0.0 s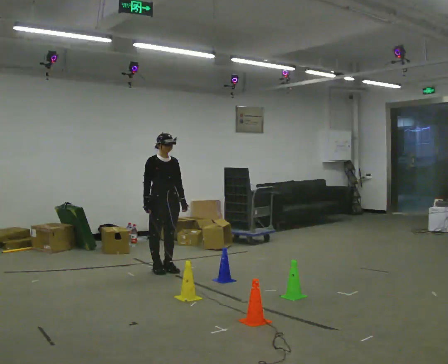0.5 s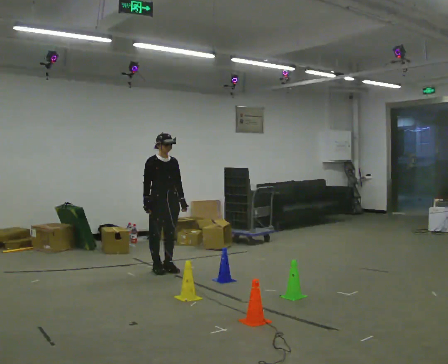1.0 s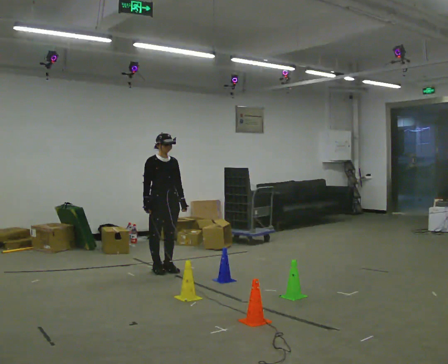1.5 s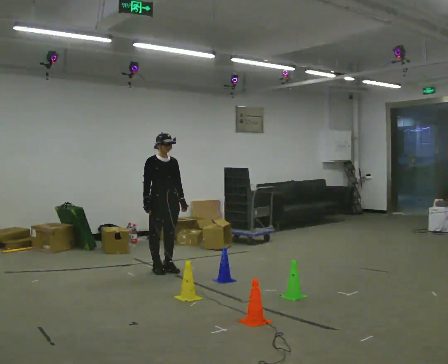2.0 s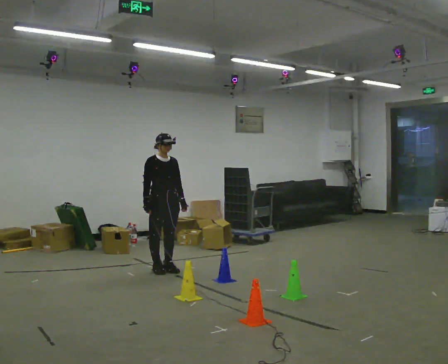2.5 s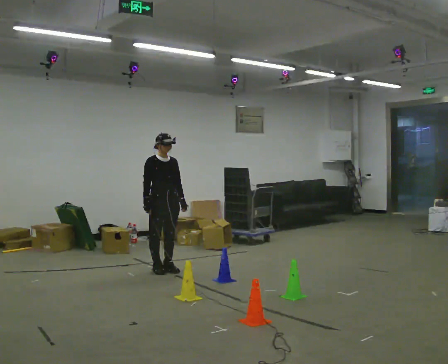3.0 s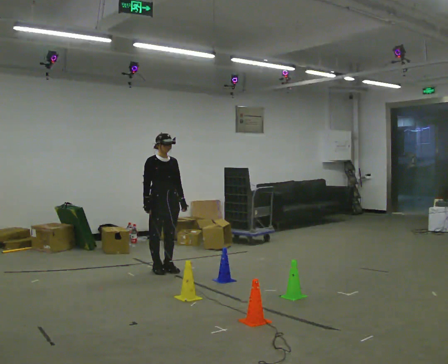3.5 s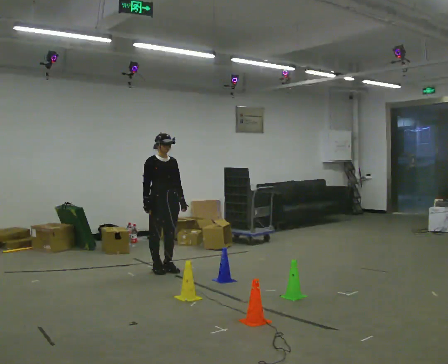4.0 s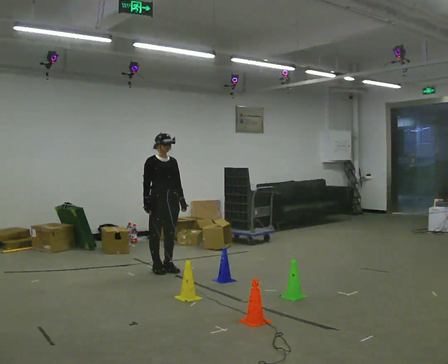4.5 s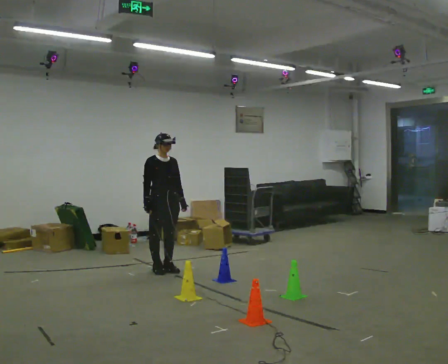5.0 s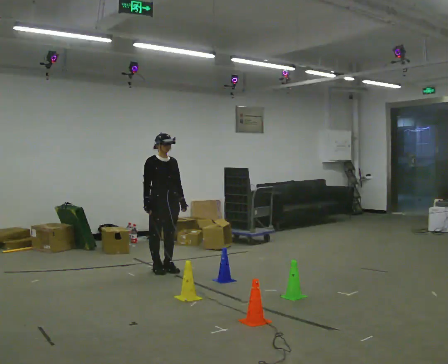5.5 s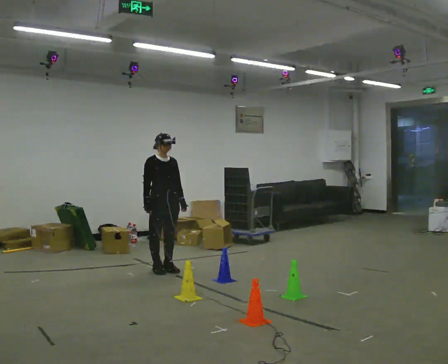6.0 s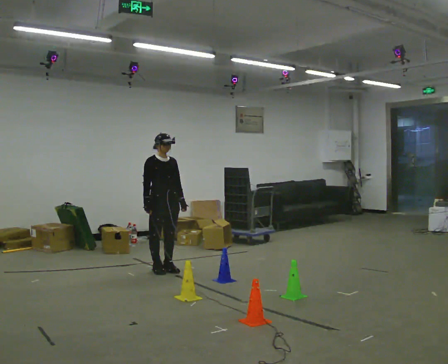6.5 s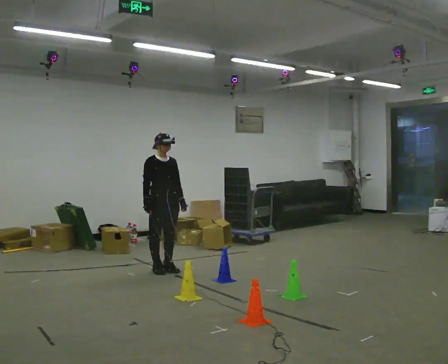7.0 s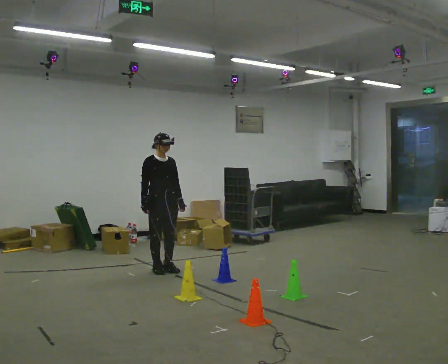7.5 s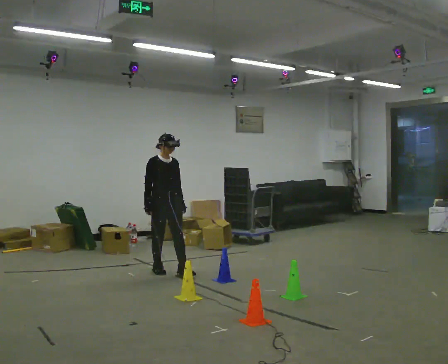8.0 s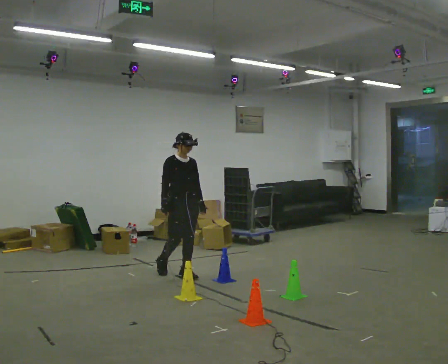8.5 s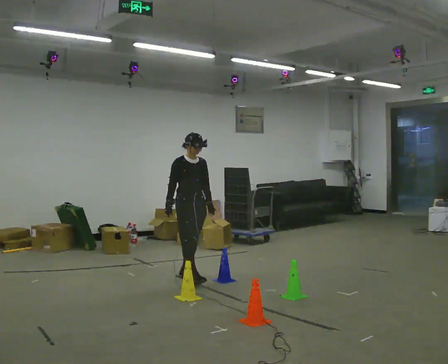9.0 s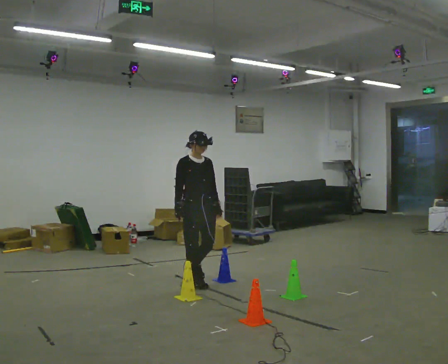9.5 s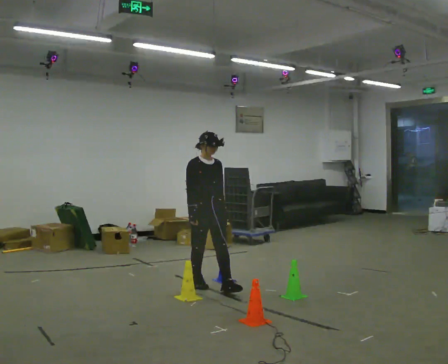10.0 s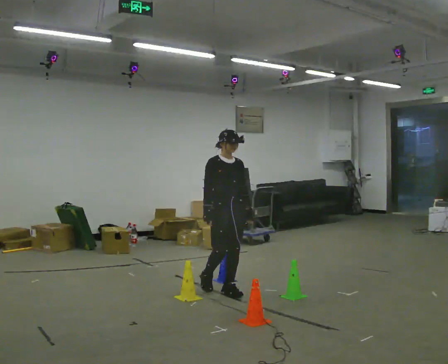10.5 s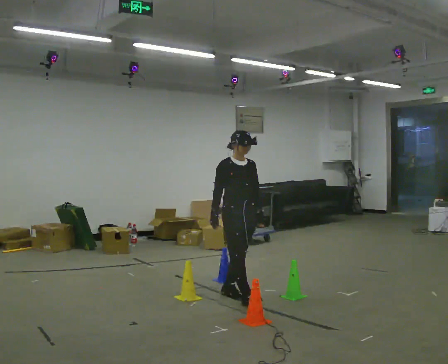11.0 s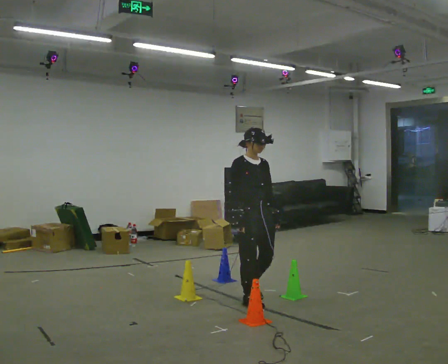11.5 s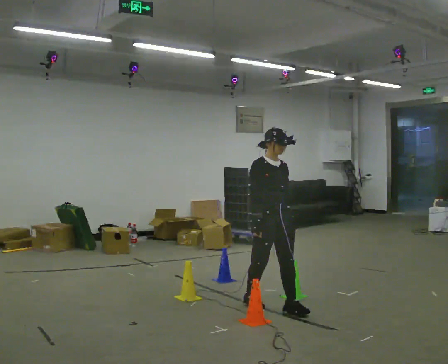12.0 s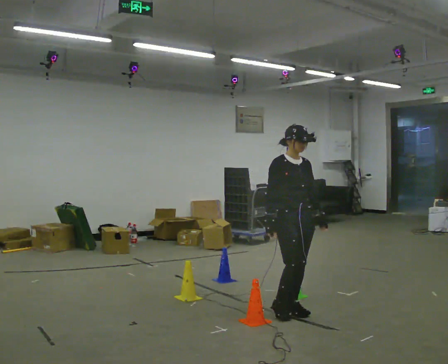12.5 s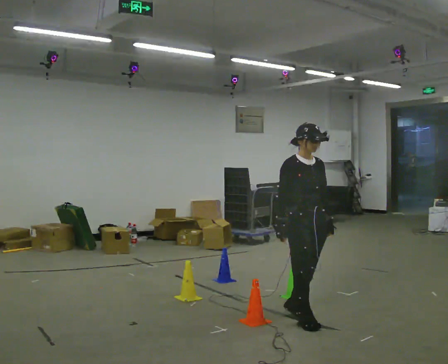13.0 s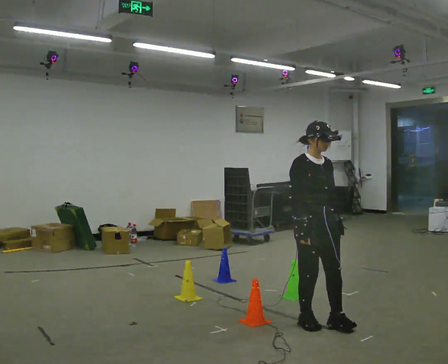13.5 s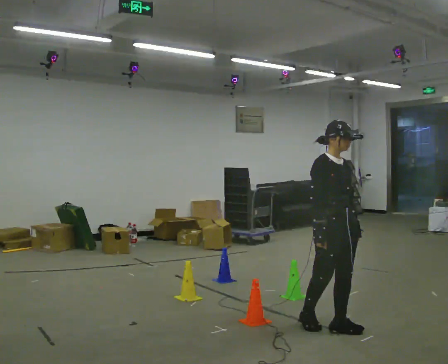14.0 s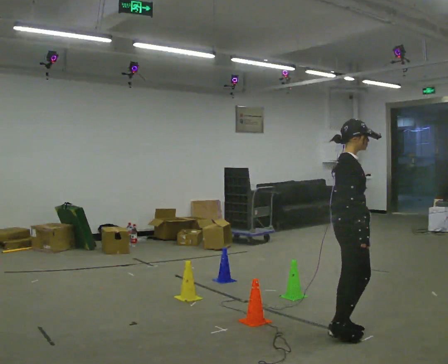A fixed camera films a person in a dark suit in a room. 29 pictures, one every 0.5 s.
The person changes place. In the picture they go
toward the camera.
0.0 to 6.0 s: The person keeps their place and pose.
6.0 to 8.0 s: In the picture they go toward the camera and to the right, about 0.25 m in 1 step, which for them is forward.
8.0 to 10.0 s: In the picture they go toward the camera and to the right, about 1 m in 2 steps, which for them is forward.
10.0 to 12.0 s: In the picture they go toward the camera and to the right, about 1 m in 2 steps, which for them is forward.
12.0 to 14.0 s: The person turns about 45 degrees to their left, counterclockwise seen from above, so the part of the body nearest the lens slides to the right. In the picture they go toward the camera and to the right, about 0.75 m in 2 steps, which for them is forward.
The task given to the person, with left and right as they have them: Walk through passage without touching sides; continue normally after exit.
The film runs forward here.
